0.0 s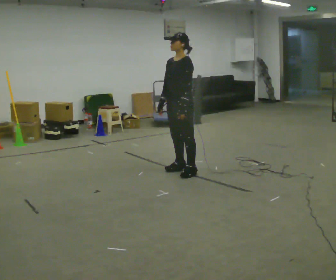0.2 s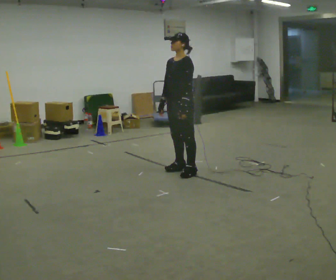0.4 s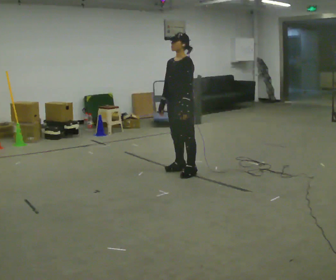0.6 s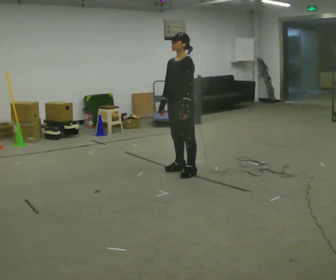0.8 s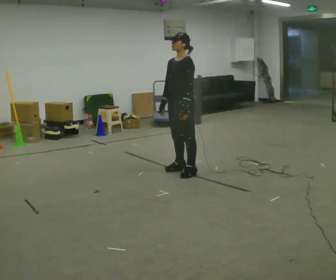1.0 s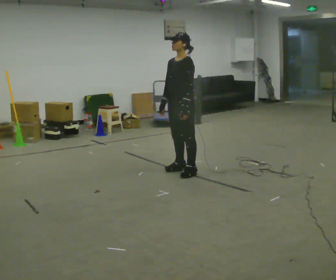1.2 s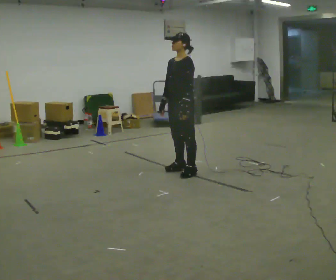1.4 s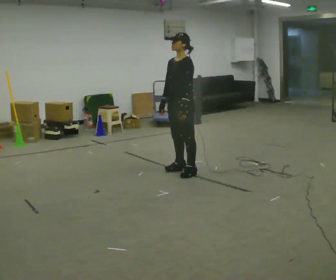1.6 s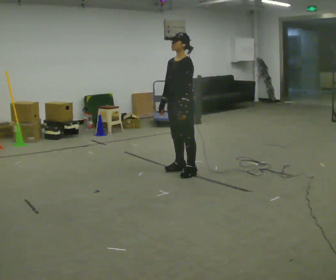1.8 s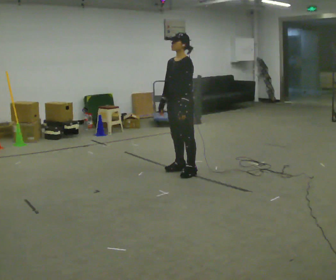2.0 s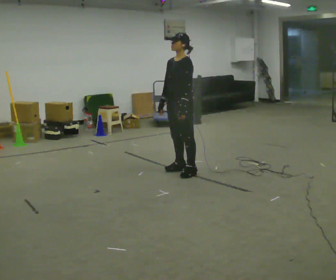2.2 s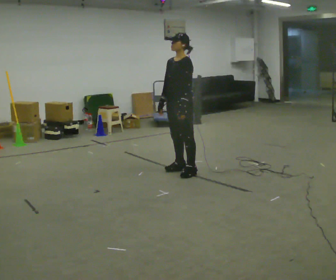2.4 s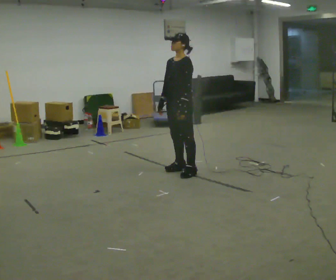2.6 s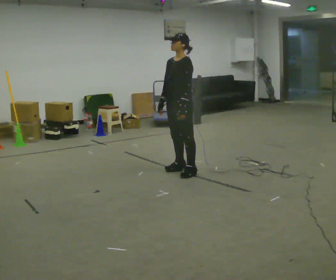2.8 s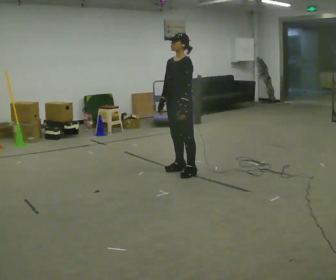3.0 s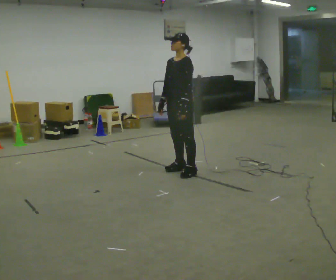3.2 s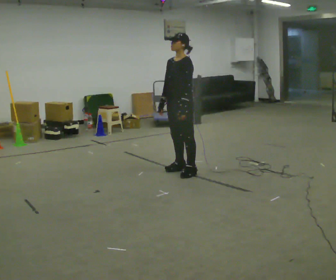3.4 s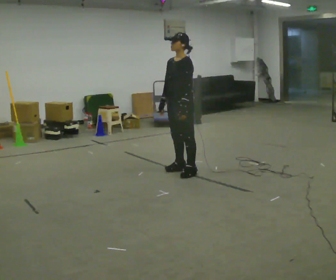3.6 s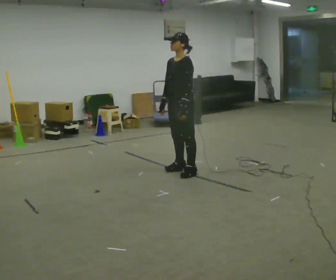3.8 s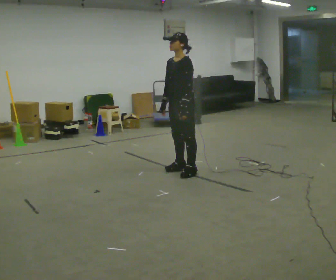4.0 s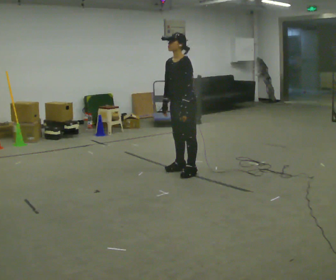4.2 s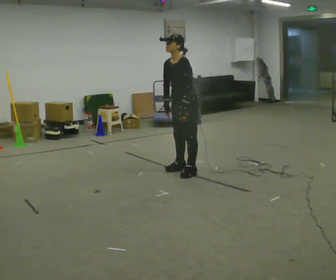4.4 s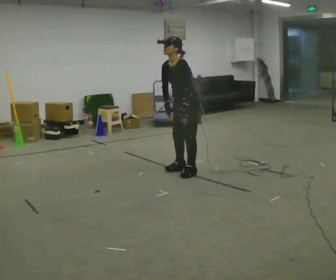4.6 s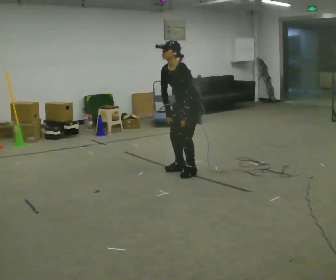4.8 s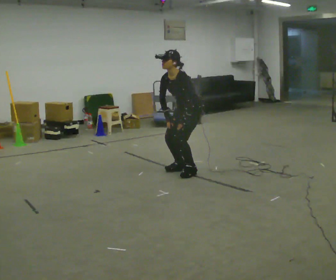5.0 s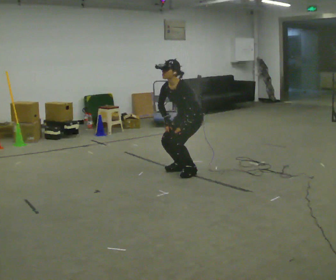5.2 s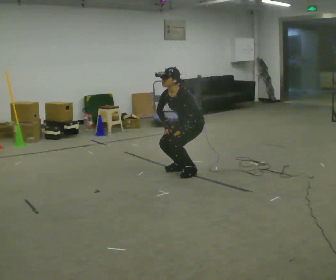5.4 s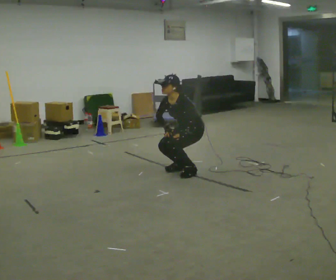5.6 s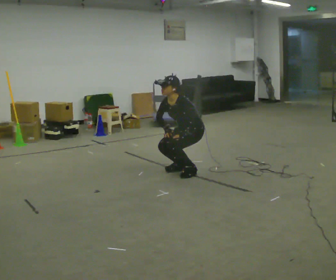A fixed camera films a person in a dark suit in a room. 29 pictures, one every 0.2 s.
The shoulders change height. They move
downward.
0.0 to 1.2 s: The person keeps their place and pose.
1.2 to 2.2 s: The person moves a little, or ends about where they began.
2.2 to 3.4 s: The person keeps their place and pose.
3.4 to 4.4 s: In the picture the upper body tilts counterclockwise, shoulders to the left, as they bend forward.
4.4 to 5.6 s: The shoulders move downward.
The film runs forward here.
